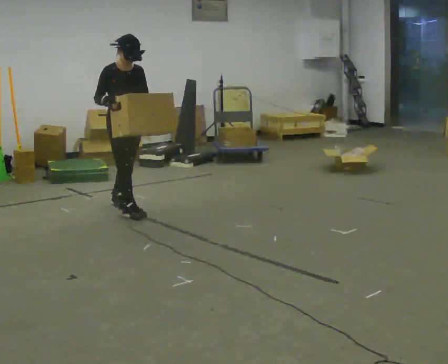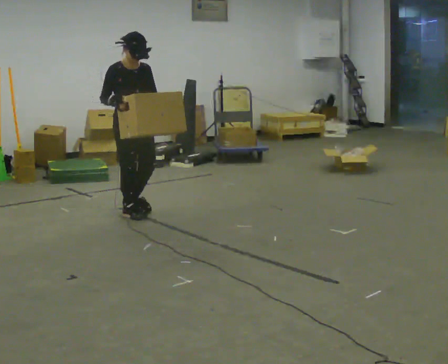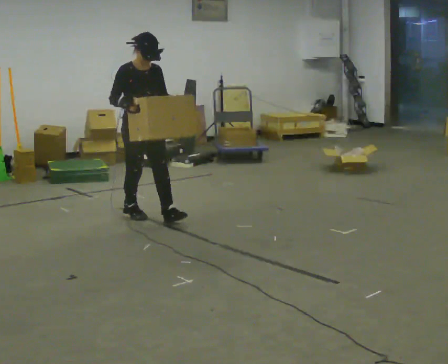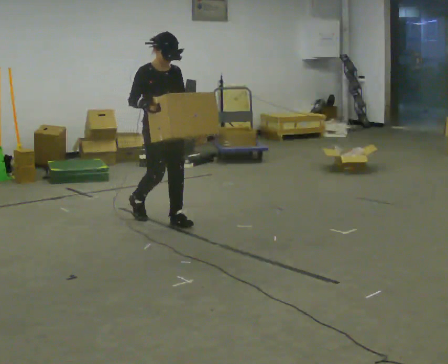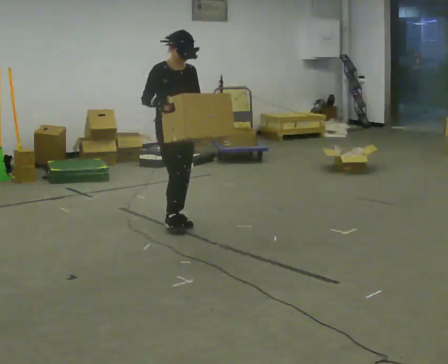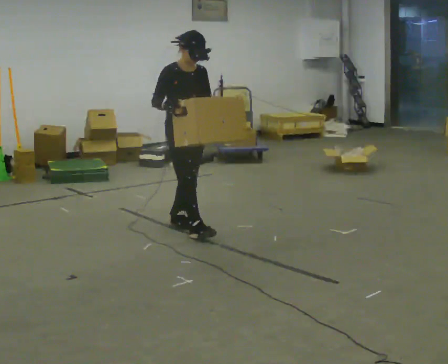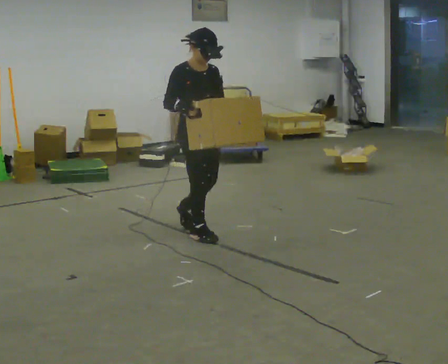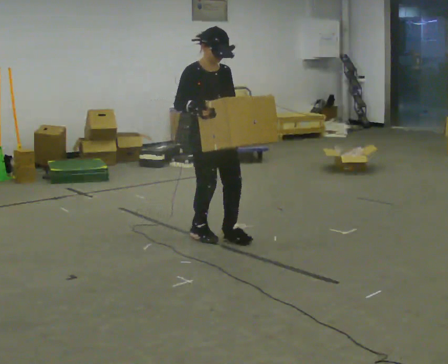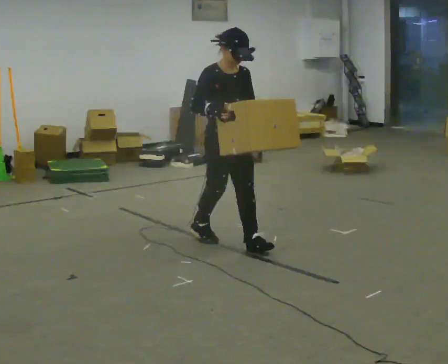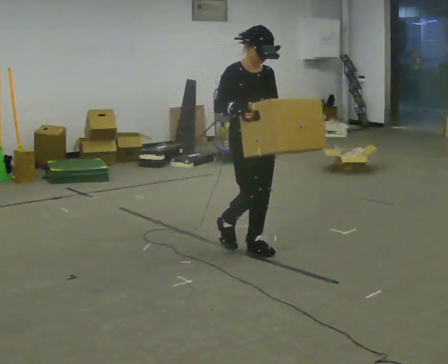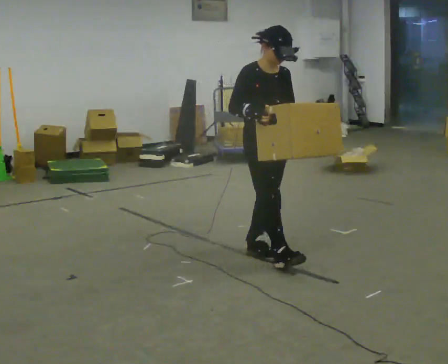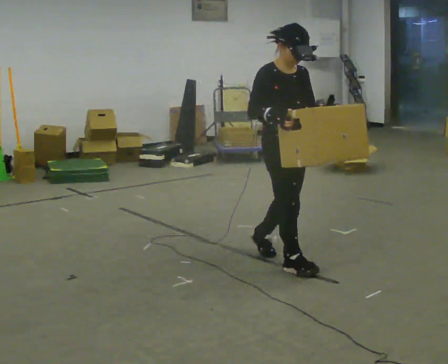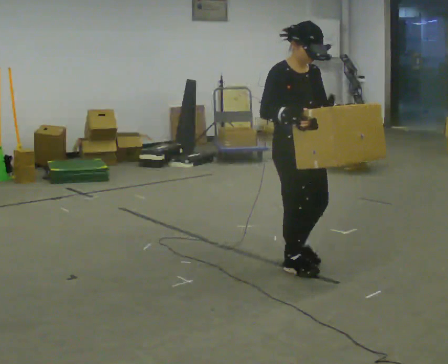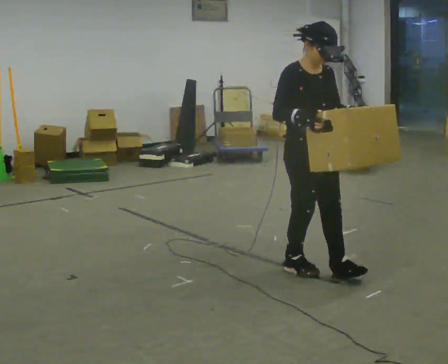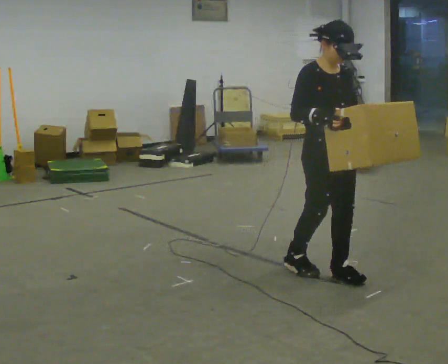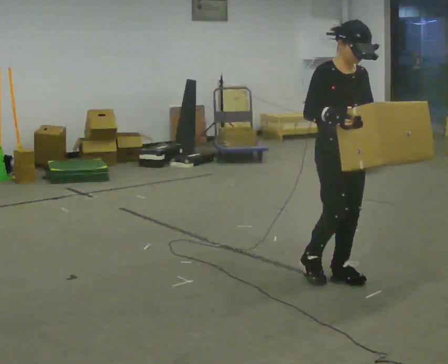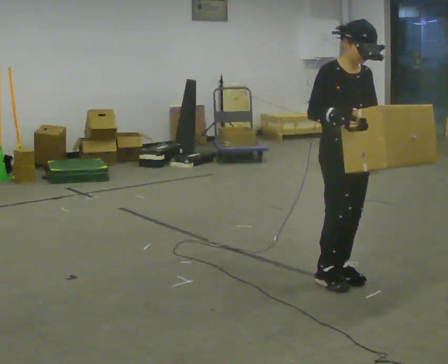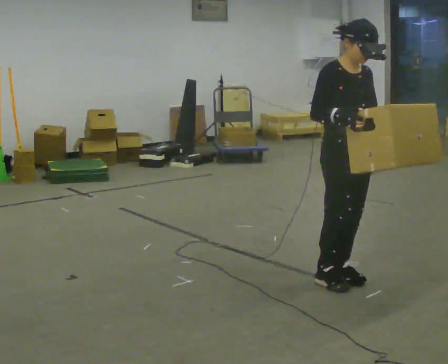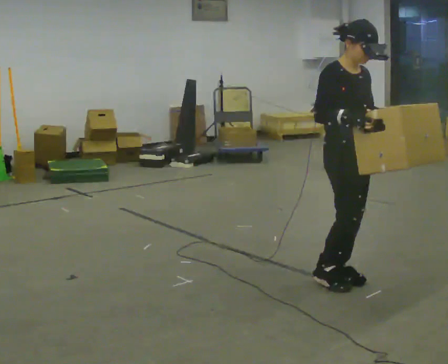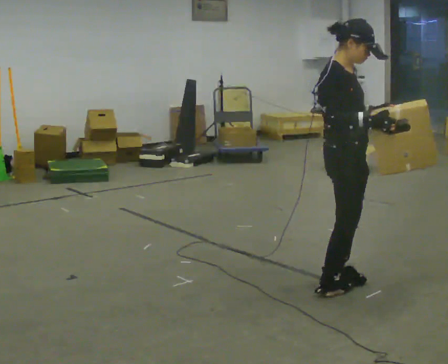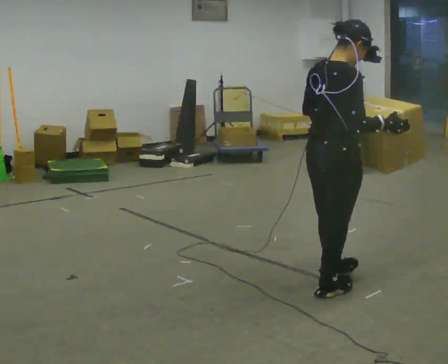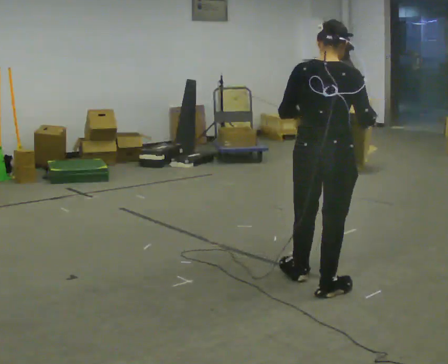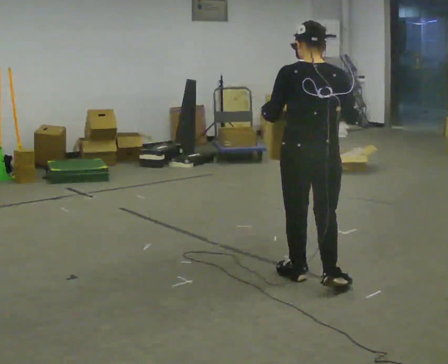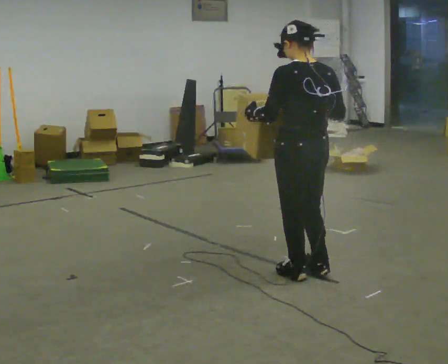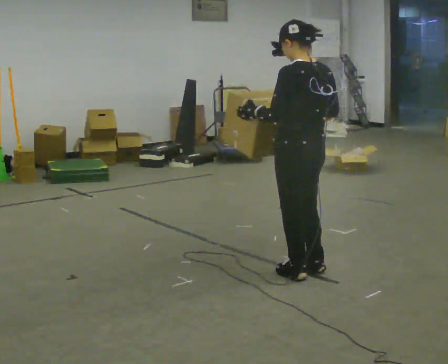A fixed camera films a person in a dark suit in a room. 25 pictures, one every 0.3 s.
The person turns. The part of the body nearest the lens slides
to the right.
The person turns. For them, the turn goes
to their left.
0.0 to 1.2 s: In the picture they go to the right and toward the camera, about 0.5 m in 1 step, which for them is forward.
1.2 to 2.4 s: In the picture they go toward the camera and to the right, about 0.75 m in 2 steps, which for them is forward.
2.4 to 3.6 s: In the picture they go toward the camera and to the right, about 0.75 m in 1 step, which for them is forward.
3.6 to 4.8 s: In the picture they go to the right and toward the camera, about 0.25 m in 2 steps, which for them is forward.
4.8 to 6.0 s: The part of the body nearest the lens slides to the right as the person turns to their left by about 90 degrees. In the picture they go toward the camera, about 0.25 m in 1 step.
6.0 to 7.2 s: The person turns about 90 degrees to their left, counterclockwise seen from above, so the part of the body nearest the lens slides to the right. In the picture they go away from the camera, about 0.25 m in 2 steps.
The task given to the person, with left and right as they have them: Carry the box and, while you are still walking, turn it so you can read the label, read it out loud, then carry on. Repeat with the next box. Do not stop to read it.
The film runs forward here.
